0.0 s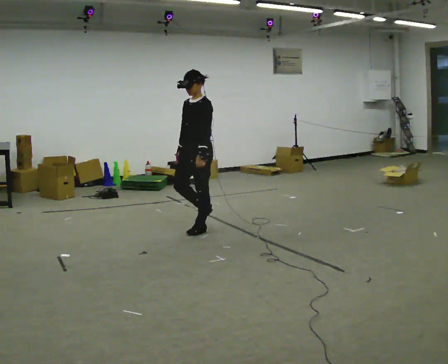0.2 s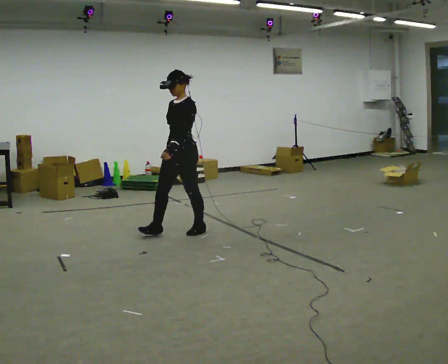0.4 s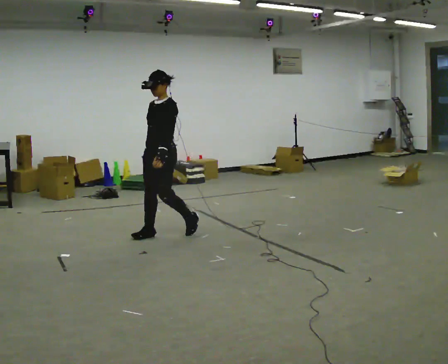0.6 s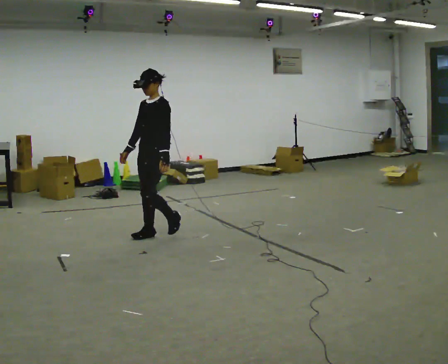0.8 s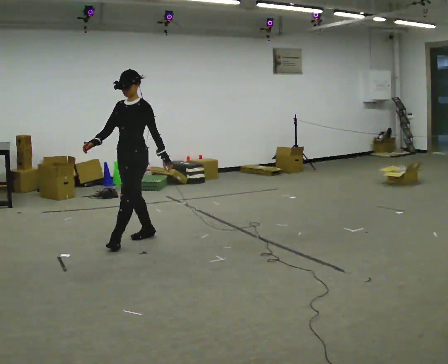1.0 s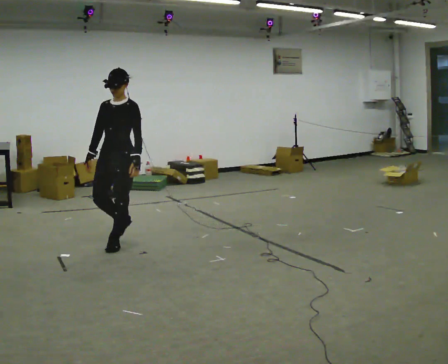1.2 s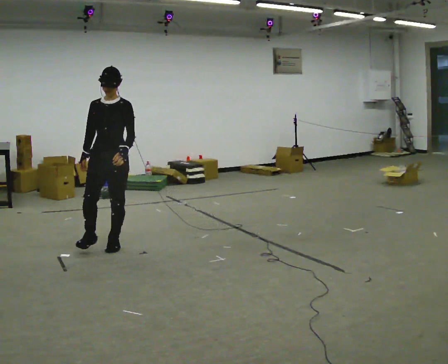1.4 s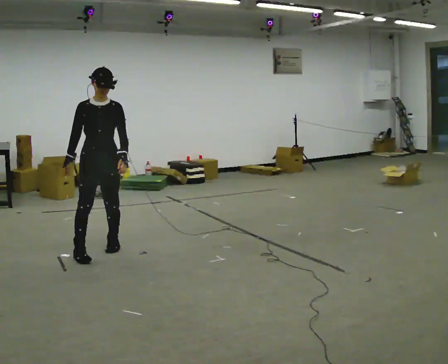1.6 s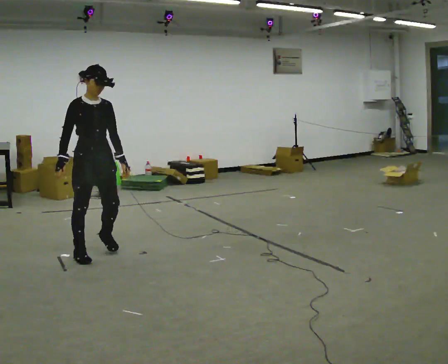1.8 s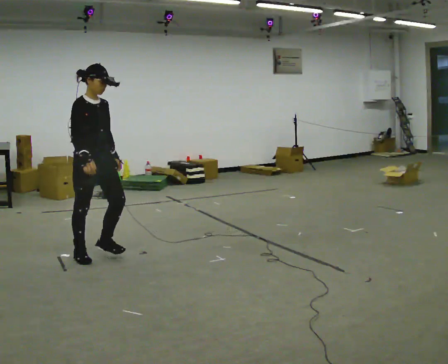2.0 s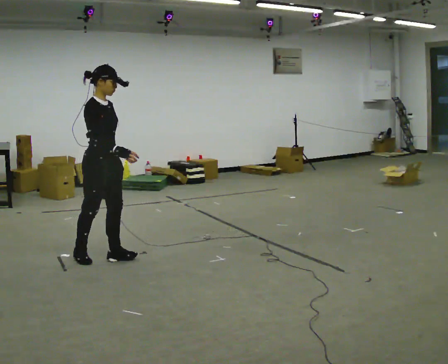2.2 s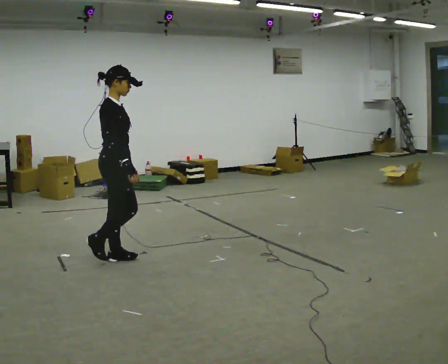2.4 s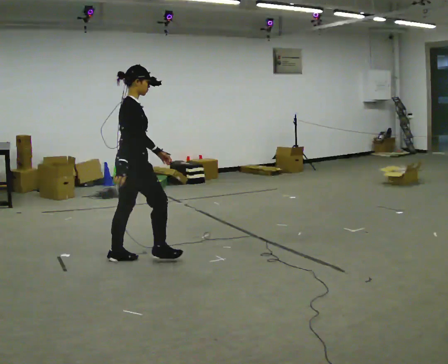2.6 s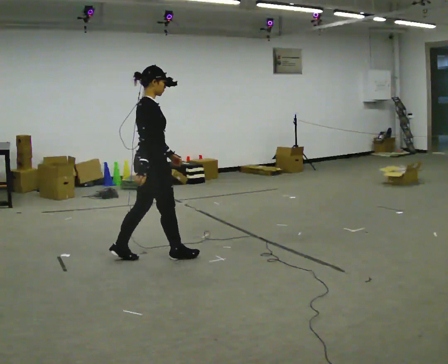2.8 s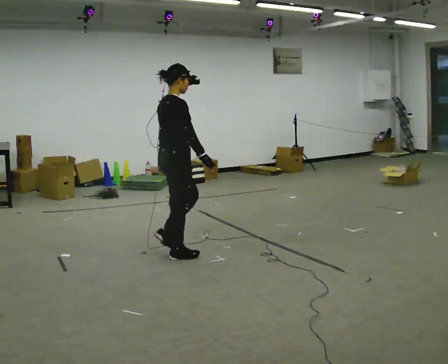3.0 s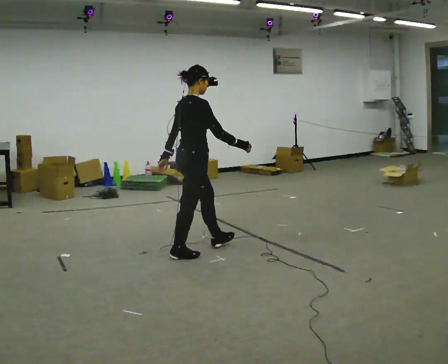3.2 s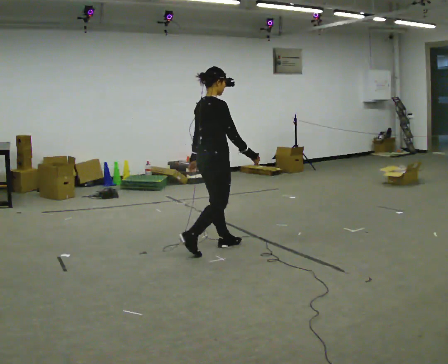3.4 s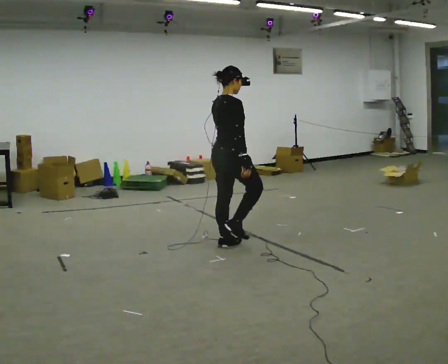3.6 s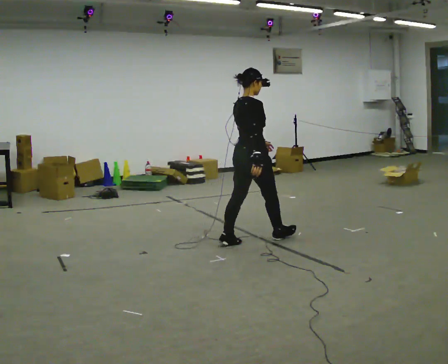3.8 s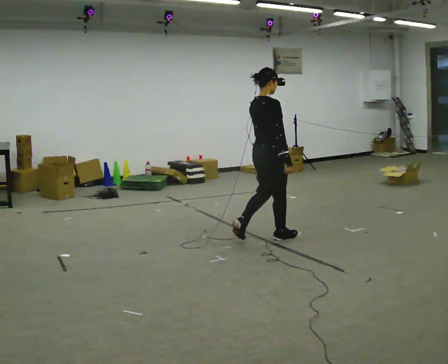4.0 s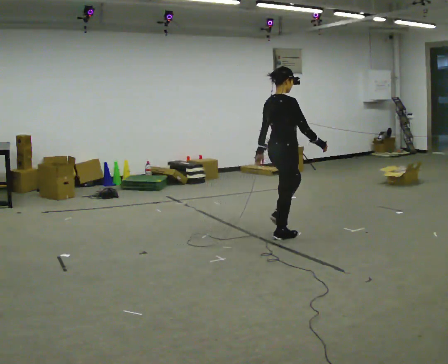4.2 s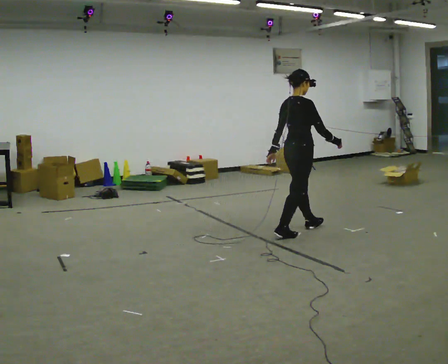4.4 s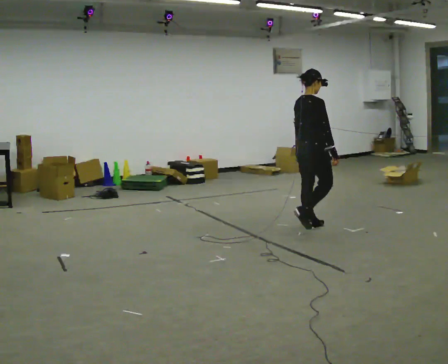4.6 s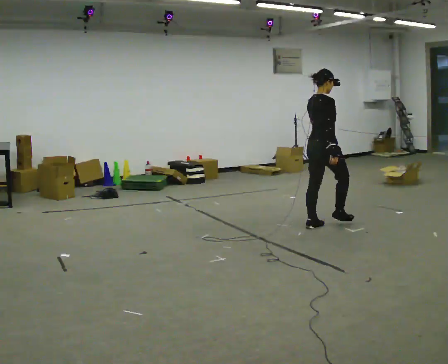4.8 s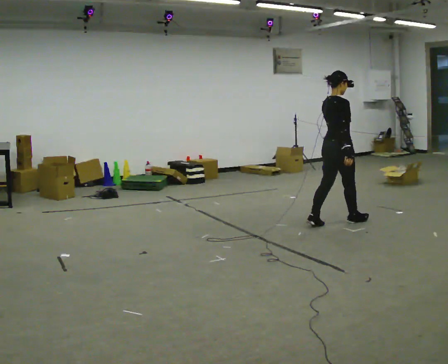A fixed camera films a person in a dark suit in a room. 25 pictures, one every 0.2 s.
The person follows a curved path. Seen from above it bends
counterclockwise.
The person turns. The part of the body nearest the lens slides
to the right.
0.0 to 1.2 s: The person turns about 45 degrees to their left, counterclockwise seen from above, so the part of the body nearest the lens slides to the right. In the picture they go to the left and toward the camera, about 1 m in 2 steps, which for them is forward.
1.2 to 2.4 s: The part of the body nearest the lens slides to the right as the person turns to their left by about 105 degrees. In the picture they go toward the camera and to the right, about 0.25 m in 2 steps.
2.4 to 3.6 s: In the picture they go to the right, about 1 m in 2 steps, which for them is forward.
3.6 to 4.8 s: In the picture they go to the right and away from the camera, about 1 m in 3 steps, which for them is forward.
The film runs forward here.
